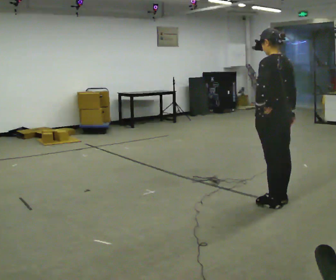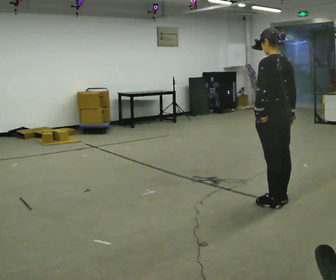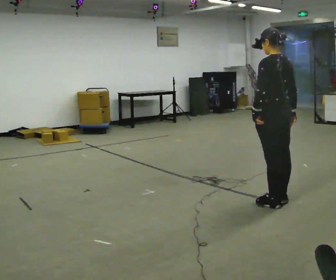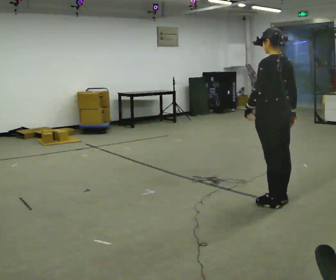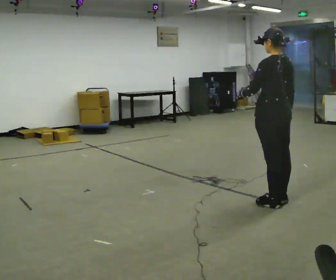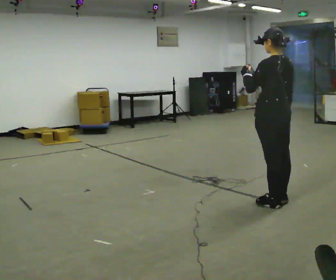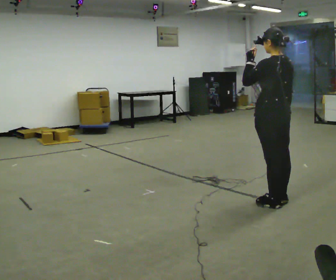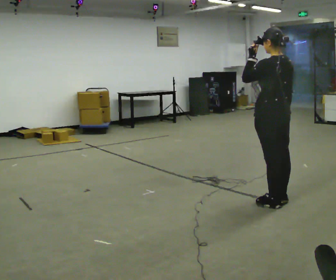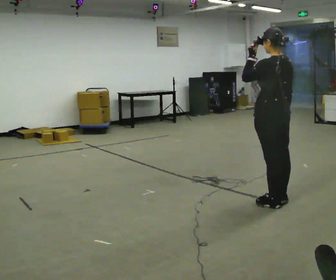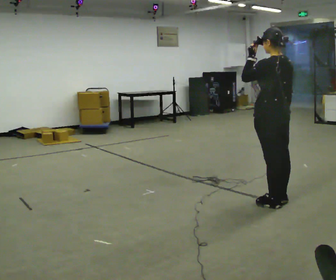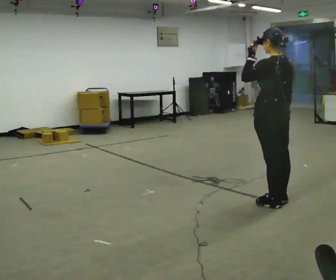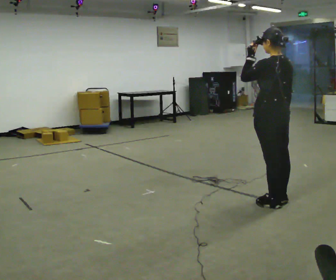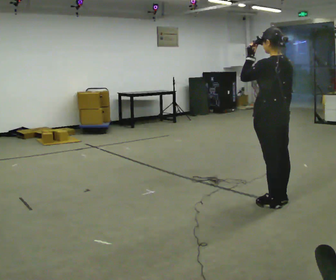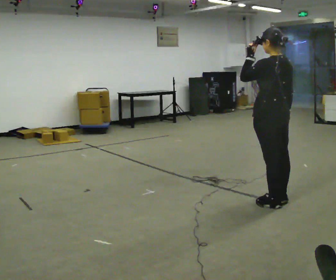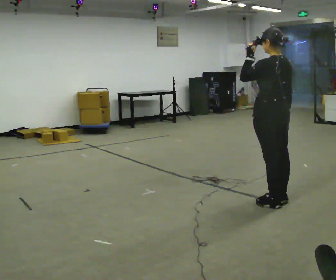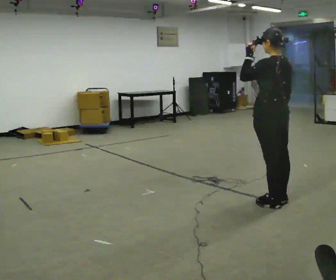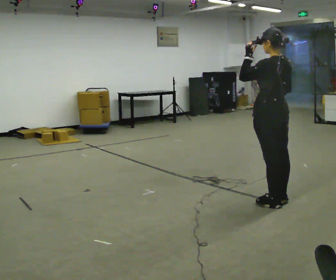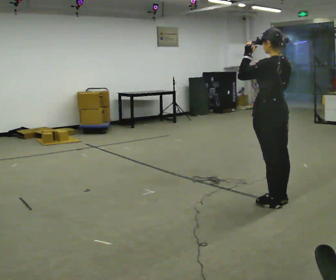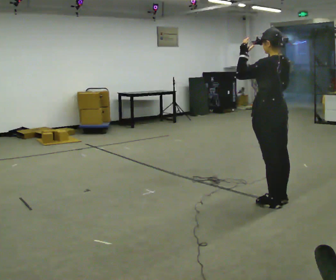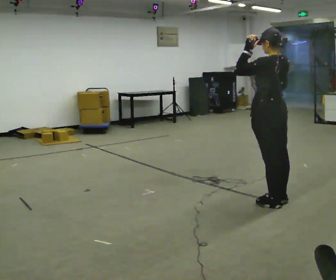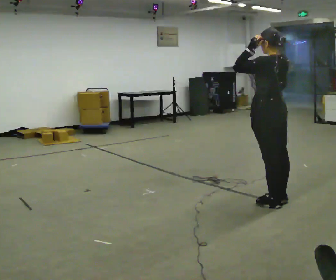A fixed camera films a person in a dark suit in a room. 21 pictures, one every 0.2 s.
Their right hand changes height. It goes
upward.
Their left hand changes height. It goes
upward.
0.0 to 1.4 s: In the picture their left hand goes upward.
1.4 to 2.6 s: The person keeps their place and pose.
2.6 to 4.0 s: In the picture their right hand goes upward.
The film runs backward here.
